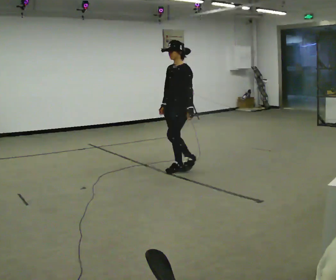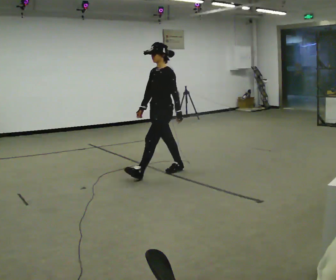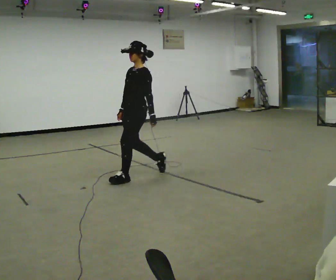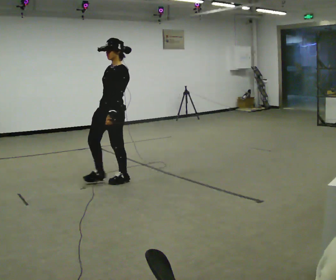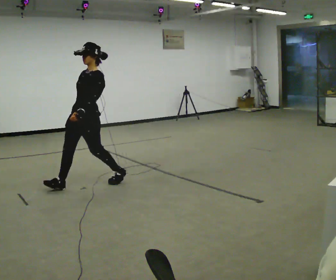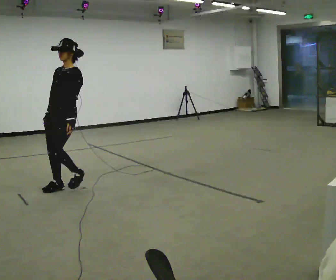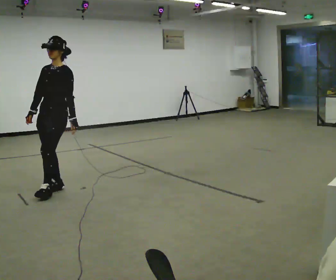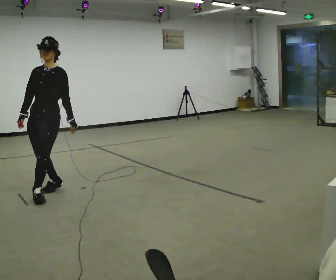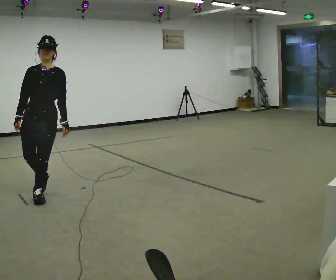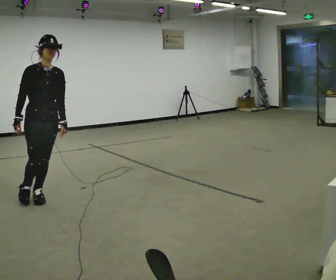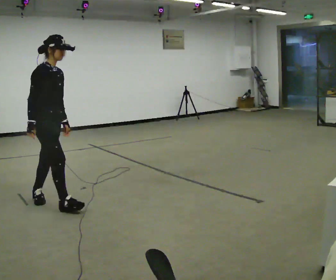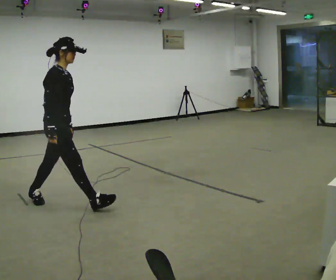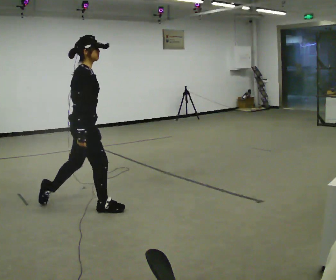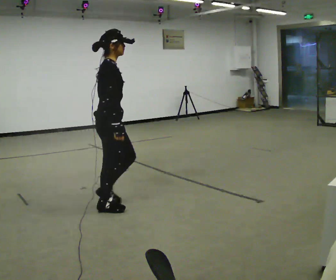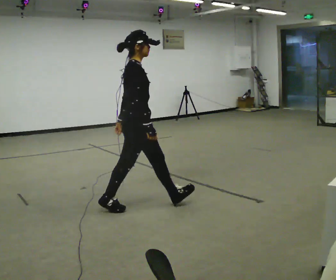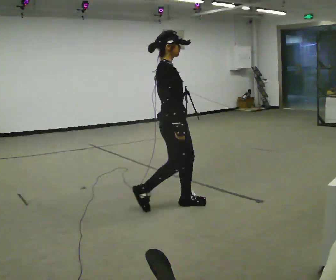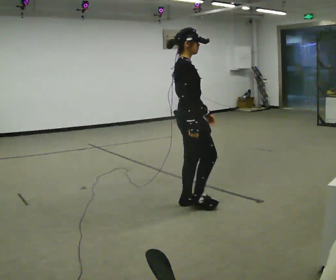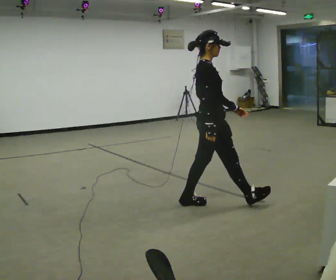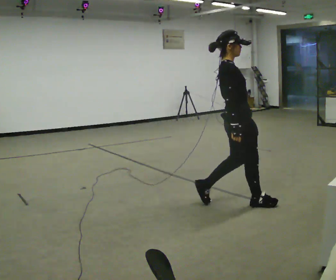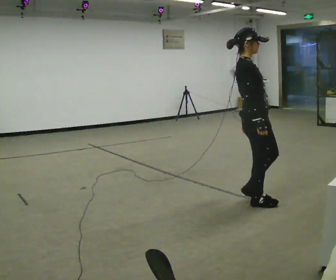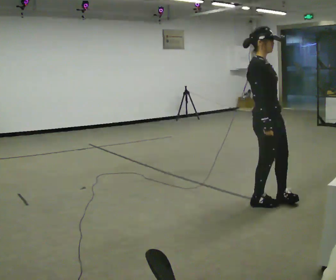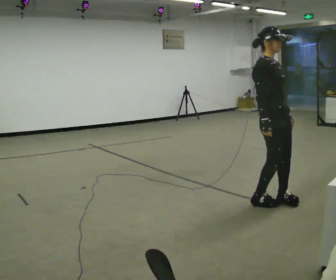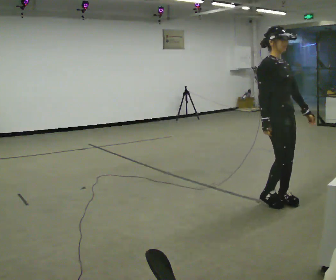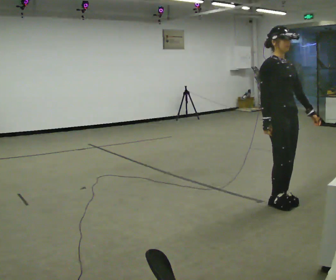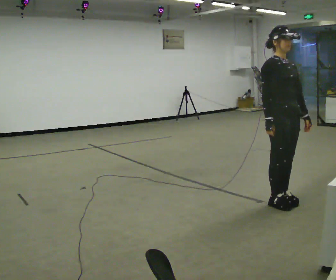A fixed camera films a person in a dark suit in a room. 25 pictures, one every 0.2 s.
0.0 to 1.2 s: The part of the body nearest the lens slides to the right as the person turns to their left by about 30 degrees. In the picture they go to the left and toward the camera, about 1.5 m in 2 steps, which for them is forward.
1.2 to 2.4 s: Seen from above the body turns counterclockwise, about 120 degrees: to their left, with its near side sliding to the right. In the picture they go toward the camera and to the right, about 0.75 m in 2 steps.
2.4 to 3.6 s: In the picture they go to the right, about 1.5 m in 2 steps, which for them is forward. In the picture the upper body tilts counterclockwise, shoulders to the left, as they lean back or straighten.
3.6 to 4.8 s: Seen from above the body turns clockwise, about 60 degrees: to their right, with its near side sliding to the left. In the picture they go to the right, about 0.5 m in 2 steps, which for them is forward and to their left.
The film runs forward here.
